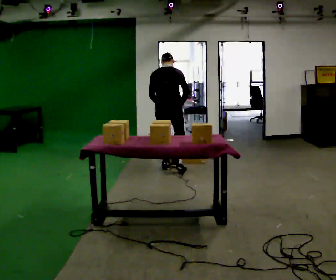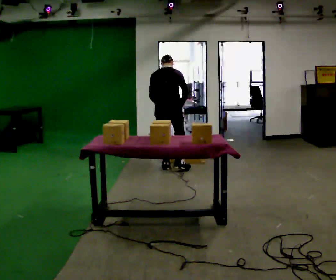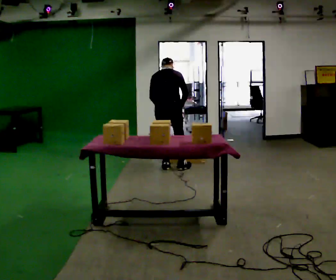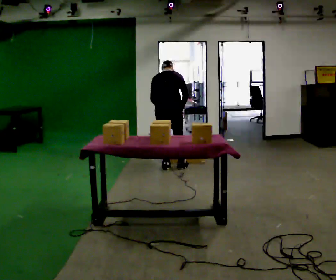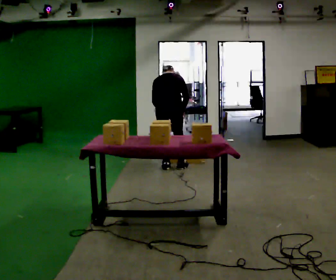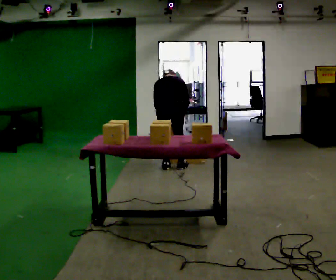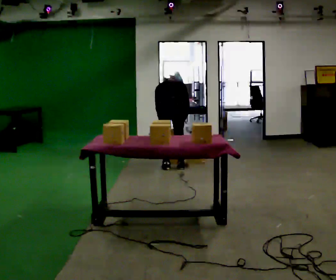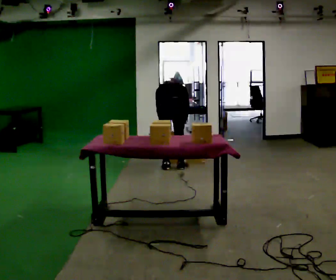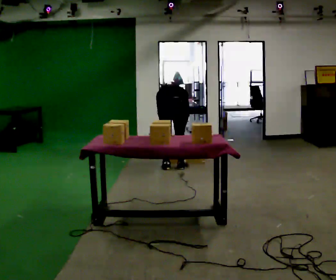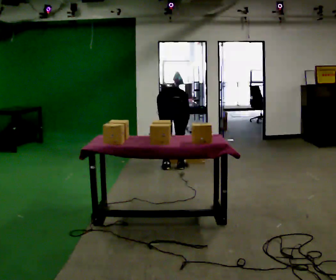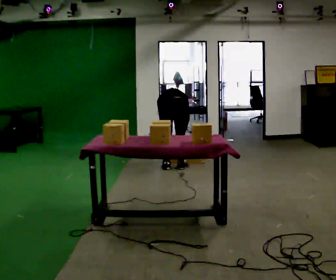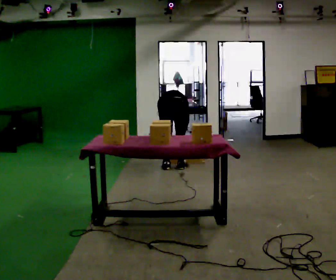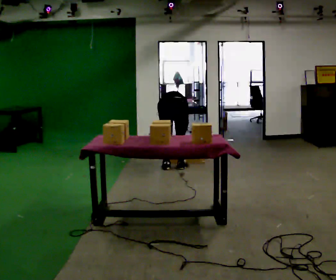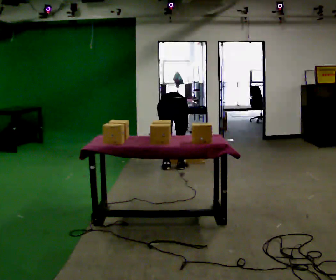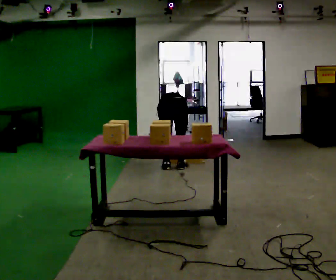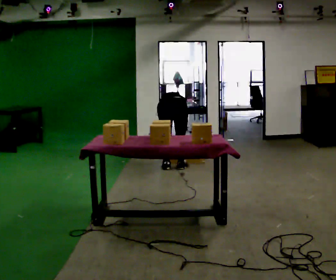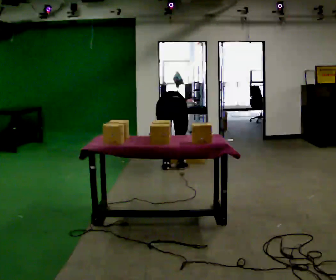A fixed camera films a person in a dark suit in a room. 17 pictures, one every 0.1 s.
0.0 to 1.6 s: The upper body goes downward. The upper body tips away from the camera, its near side rolling upward, as they bend forward. In the picture their left hand goes downward.
The film runs forward here.
